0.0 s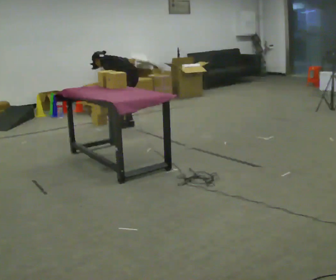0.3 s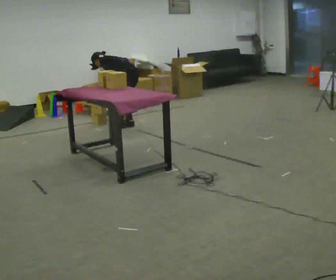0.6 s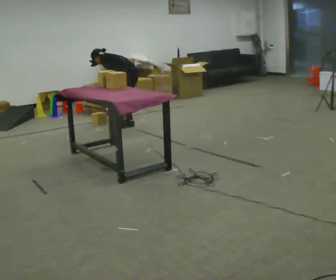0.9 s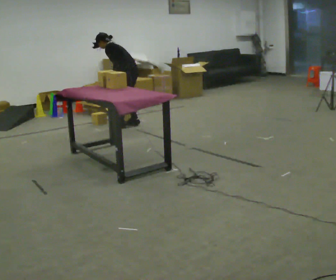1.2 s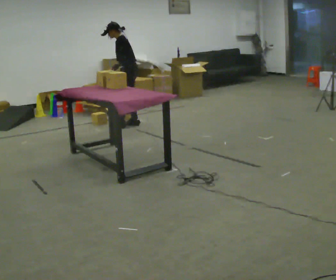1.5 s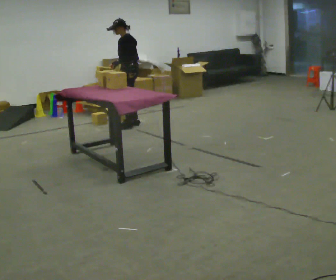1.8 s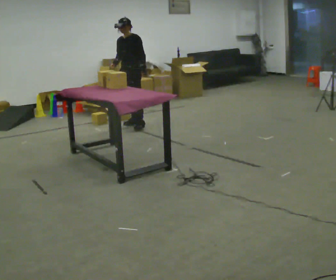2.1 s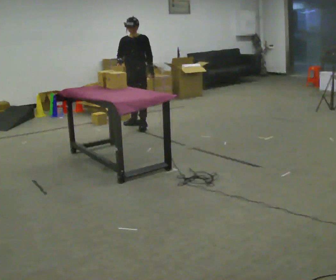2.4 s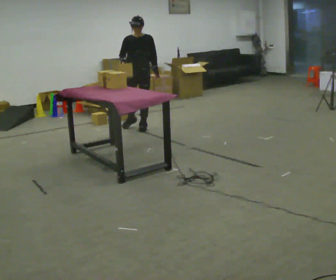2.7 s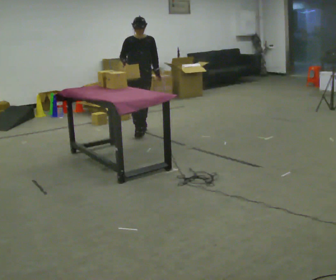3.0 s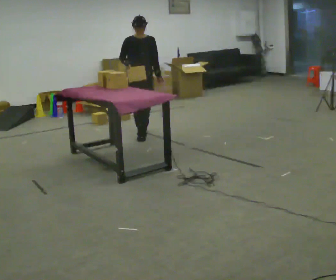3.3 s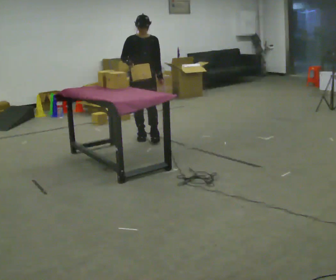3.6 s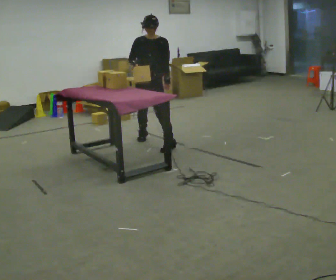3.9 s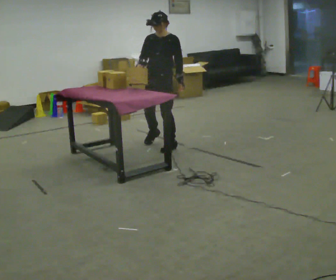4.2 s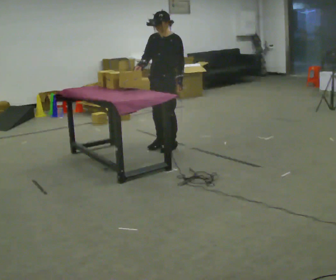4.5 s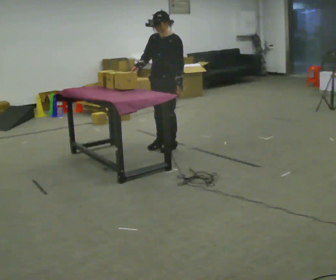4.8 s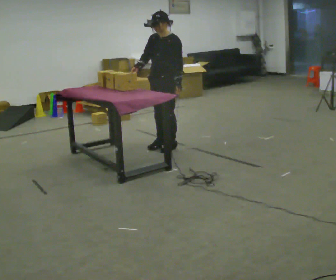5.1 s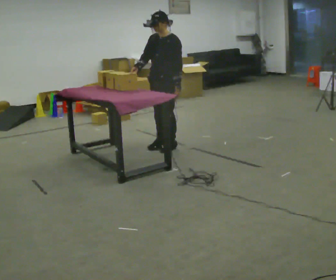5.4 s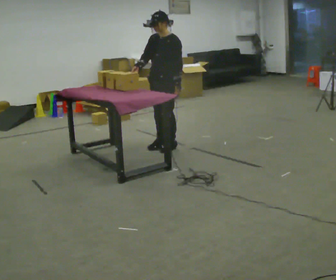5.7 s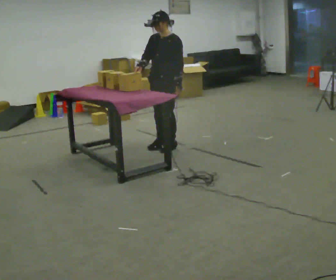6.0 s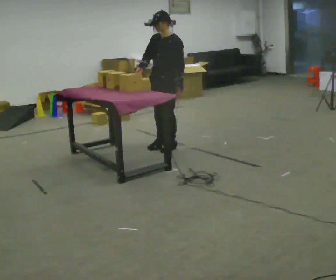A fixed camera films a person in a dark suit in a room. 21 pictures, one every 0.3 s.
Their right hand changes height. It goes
upward.
The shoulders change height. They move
upward.
0.0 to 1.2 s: The part of the body nearest the lens slides to the right as the person turns to their left by about 30 degrees. In the picture they go away from the camera, about 0.25 m, which for them is to their right. The shoulders move upward. In the picture the upper body tilts clockwise, shoulders to the right, as they lean back or straighten. In the picture their right hand goes upward.
1.2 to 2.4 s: The part of the body nearest the lens slides to the right as the person turns to their left by about 90 degrees. In the picture they go toward the camera, about 0.25 m in 1 step. In the picture the upper body tilts clockwise, shoulders to the right, as they lean back or straighten.
2.4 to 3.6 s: In the picture they go toward the camera, about 0.5 m in 2 steps, which for them is forward.
3.6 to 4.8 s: The person turns about 30 degrees to their right, clockwise seen from above, so the part of the body nearest the lens slides to the left. In the picture they go toward the camera, about 0.25 m in 1 step, which for them is to their left.
4.8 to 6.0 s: The person moves a little, or ends about where they began.
The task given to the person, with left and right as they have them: Pick the object up off the floor using only the hand the operator calls, then carry it to the table in that same hand. Keep going until the operator says stop; one object at a time, and do not rush between trips.
The film runs forward here.
